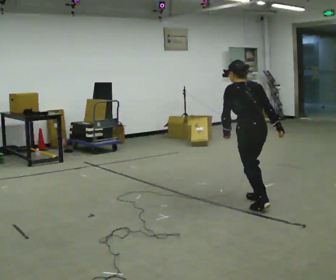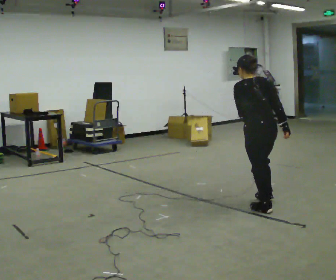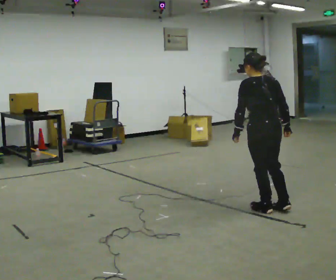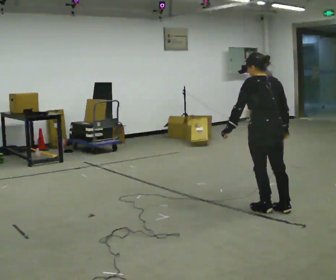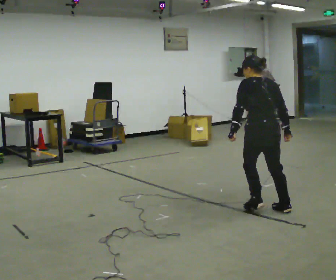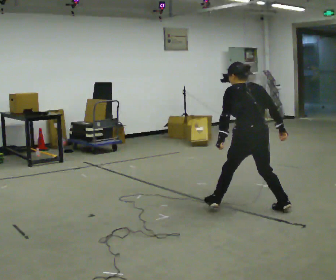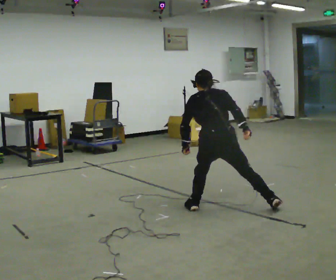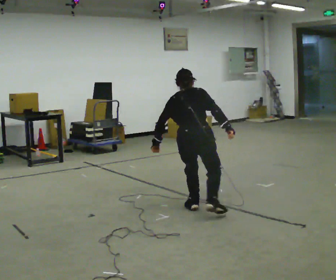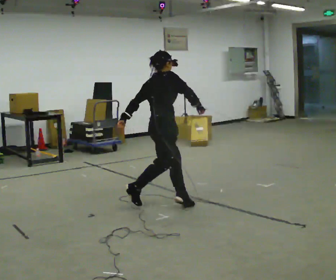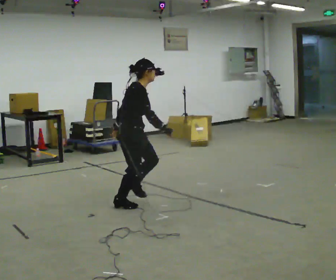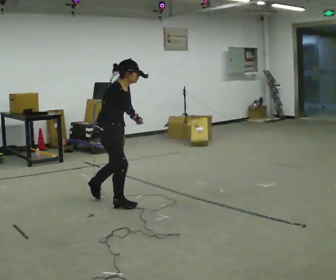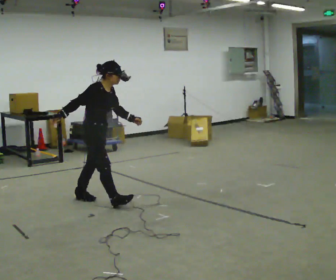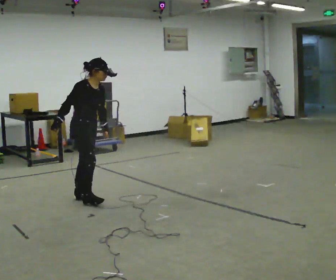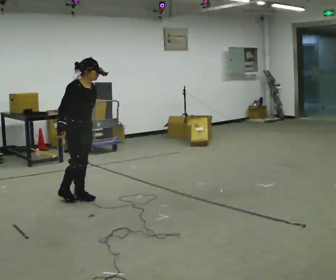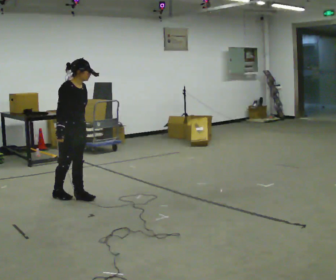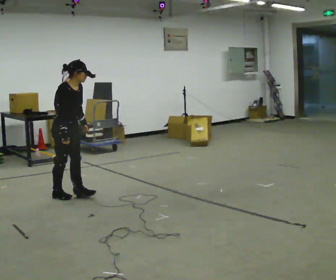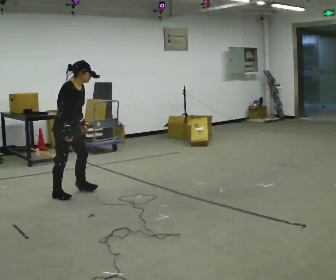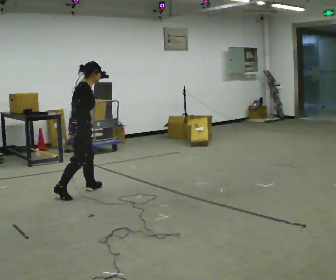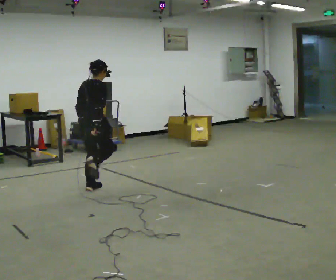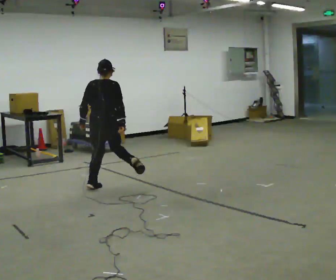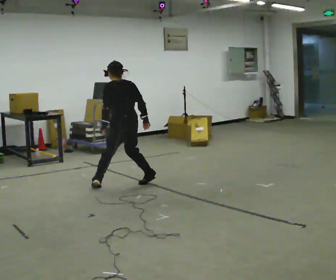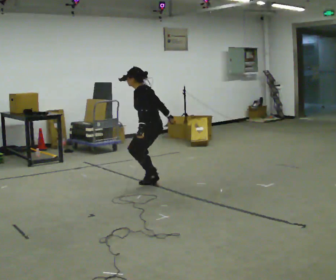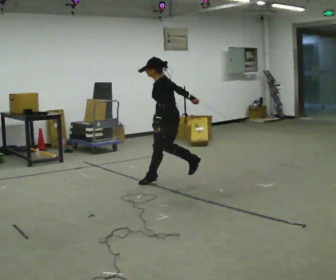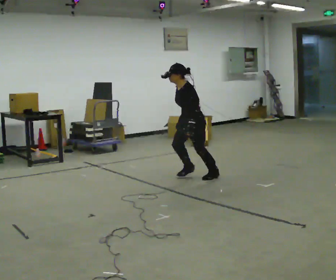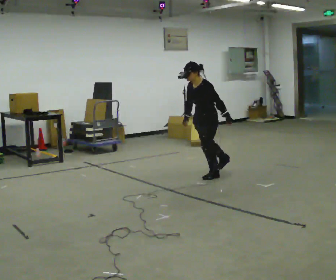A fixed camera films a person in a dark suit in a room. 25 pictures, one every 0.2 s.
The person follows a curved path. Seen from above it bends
clockwise.
0.0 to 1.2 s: Seen from above the body turns clockwise, about 30 degrees: to their right, with its near side sliding to the left. In the picture they go to the left, about 0.5 m in 3 steps, which for them is to their left. The upper body tips away from the camera, its near side rolling upward.
1.2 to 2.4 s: The part of the body nearest the lens slides to the left as the person turns to their right by about 120 degrees. In the picture they go to the left and away from the camera, about 1.5 m in 2 steps. The upper body tips toward the camera, its near side rolling downward.
2.4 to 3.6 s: The person turns about 90 degrees to their left, counterclockwise seen from above, so the part of the body nearest the lens slides to the right. In the picture they go away from the camera and to the right, about 0.5 m in 2 steps.
3.6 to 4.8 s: The person turns about 150 degrees to their left, counterclockwise seen from above, so the part of the body nearest the lens slides to the right. In the picture they go to the right, about 1.5 m in 2 steps. In the picture the upper body tilts counterclockwise, shoulders to the left.
The film runs forward here.
